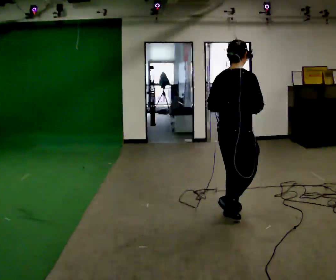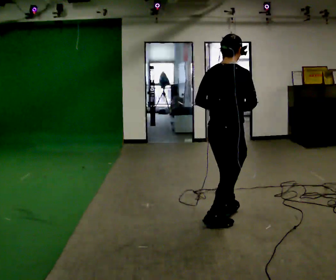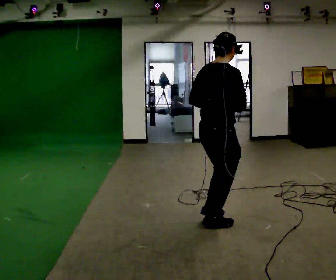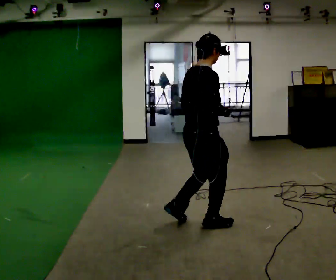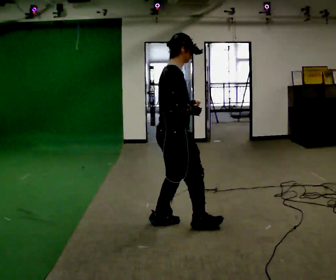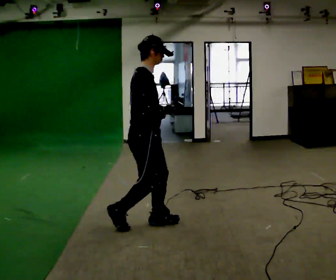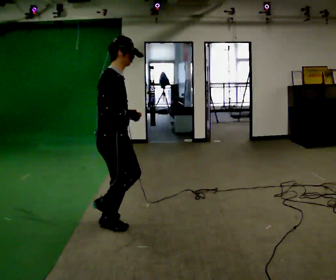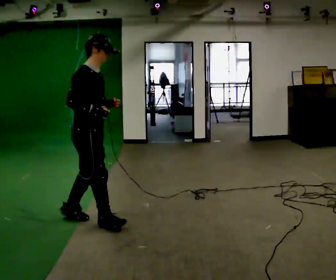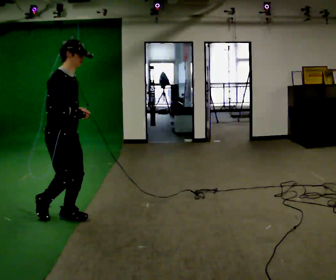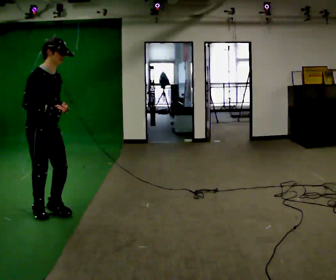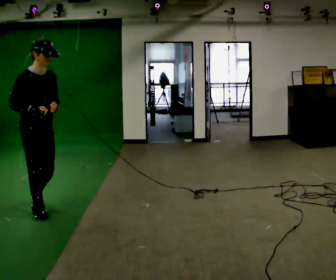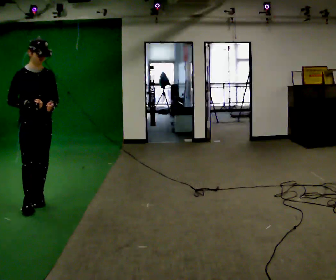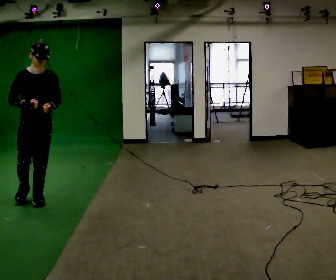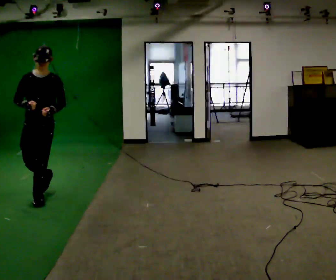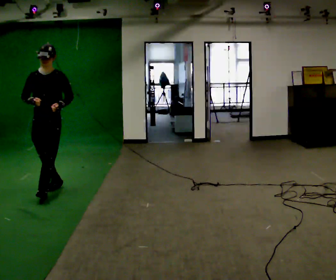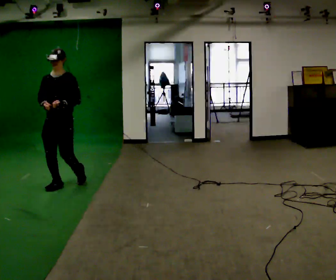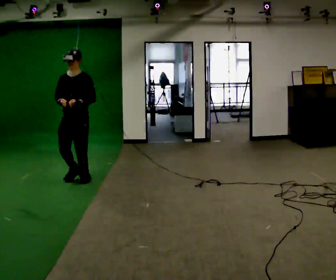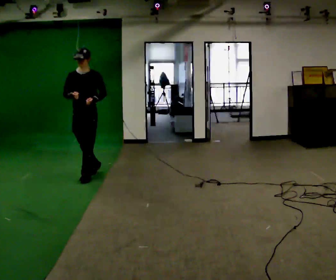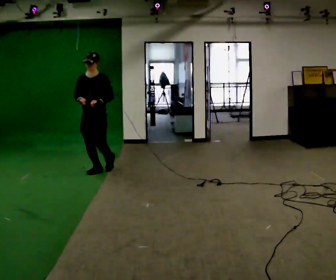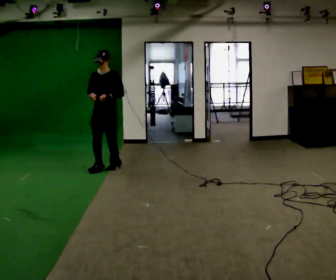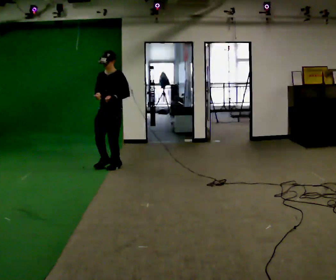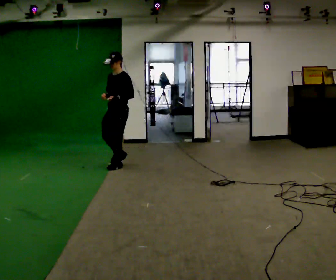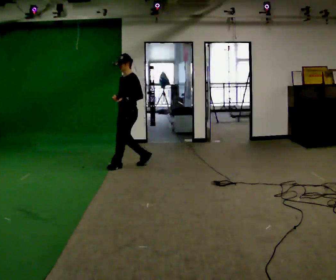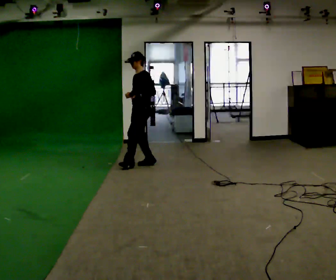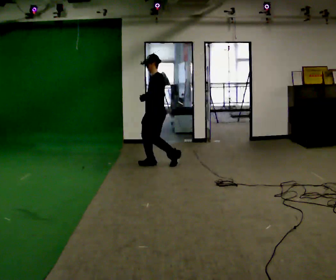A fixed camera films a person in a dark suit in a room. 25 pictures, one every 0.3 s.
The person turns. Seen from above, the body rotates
clockwise.
The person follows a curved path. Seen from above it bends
clockwise.
0.0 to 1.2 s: The person turns about 30 degrees to their right, clockwise seen from above, so the part of the body nearest the lens slides to the left. In the picture they go to the left, about 0.5 m in 2 steps, which for them is backward and to their left.
1.2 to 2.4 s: The part of the body nearest the lens slides to the left as the person turns to their right by about 30 degrees. In the picture they go to the left, about 1 m in 2 steps, which for them is backward.
2.4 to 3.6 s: Seen from above the body turns clockwise, about 60 degrees: to their right, with its near side sliding to the left. In the picture they go away from the camera and to the left, about 0.5 m in 2 steps, which for them is backward.
3.6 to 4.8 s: The person turns about 30 degrees to their right, clockwise seen from above, so the part of the body nearest the lens slides to the left. In the picture they go away from the camera and to the right, about 1 m in 2 steps, which for them is backward.
4.8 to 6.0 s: In the picture they go away from the camera and to the right, about 1 m in 2 steps, which for them is backward.
6.0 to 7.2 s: The person turns about 45 degrees to their right, clockwise seen from above, so the part of the body nearest the lens slides to the left. In the picture they go to the right, about 0.5 m in 1 step, which for them is backward.
The film runs backward here.
